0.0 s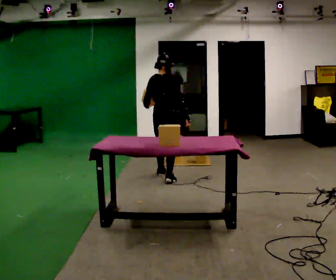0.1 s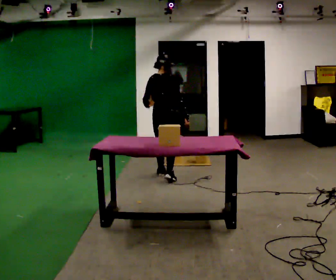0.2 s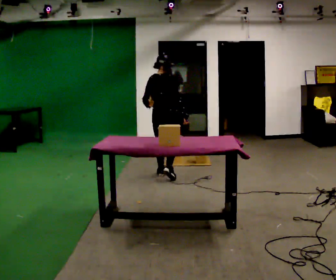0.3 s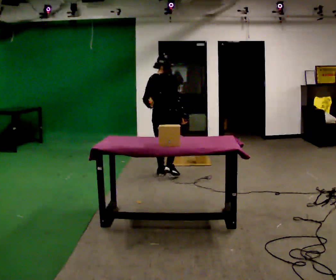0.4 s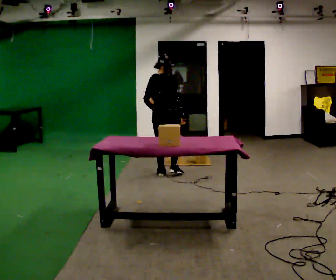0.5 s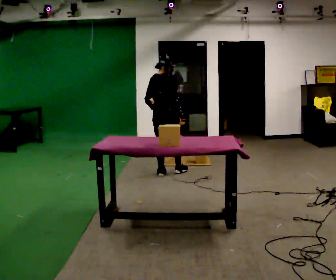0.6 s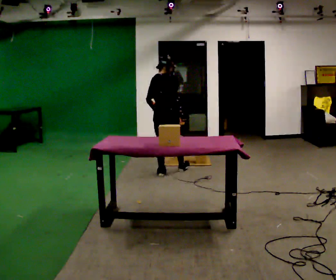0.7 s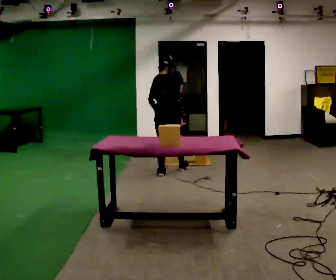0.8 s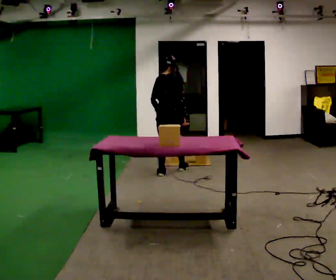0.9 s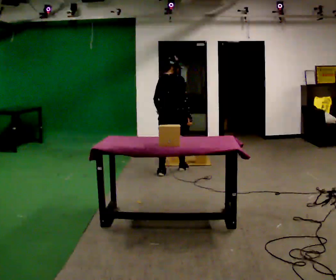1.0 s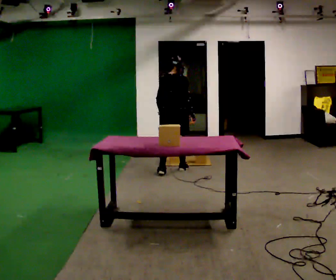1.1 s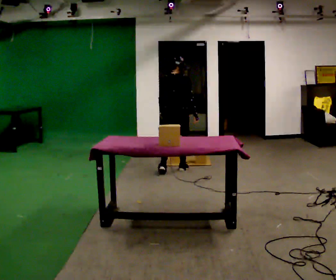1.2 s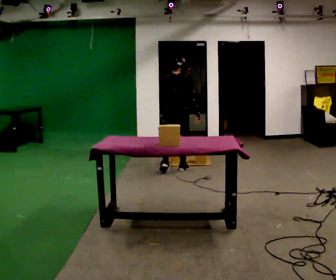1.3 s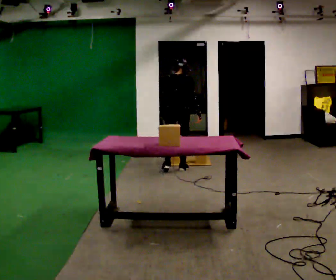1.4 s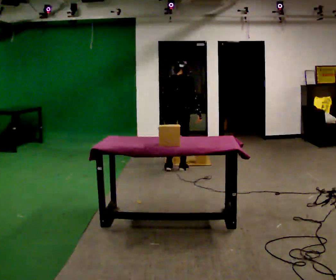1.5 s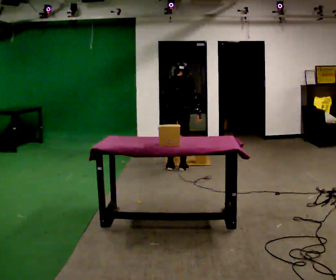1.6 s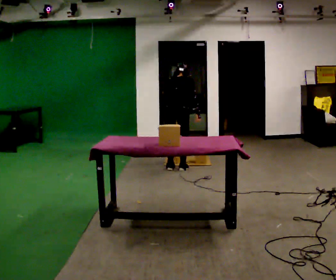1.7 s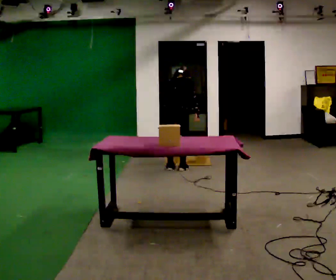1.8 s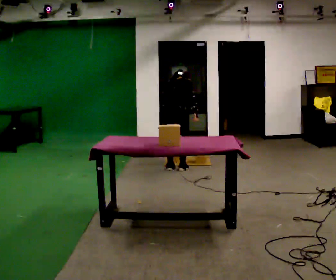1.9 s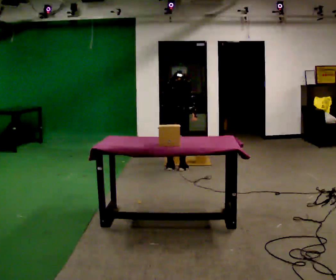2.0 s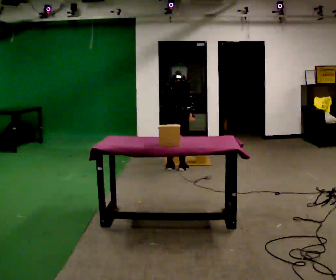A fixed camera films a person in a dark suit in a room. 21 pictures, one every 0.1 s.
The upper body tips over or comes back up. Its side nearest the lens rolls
upward.
0.0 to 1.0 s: In the picture they go away from the camera, about 0.25 m in 1 step, which for them is forward.
1.0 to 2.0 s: The upper body tips away from the camera, its near side rolling upward, as they bend forward.
The film runs forward here.
